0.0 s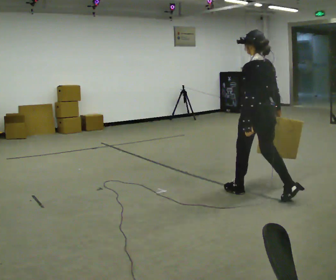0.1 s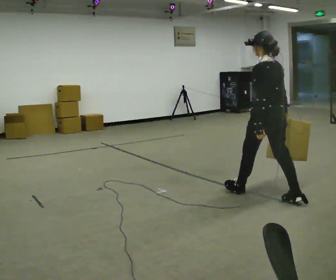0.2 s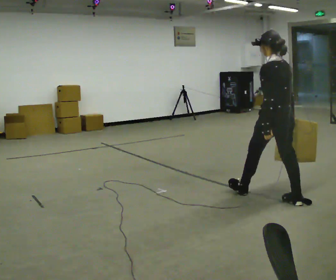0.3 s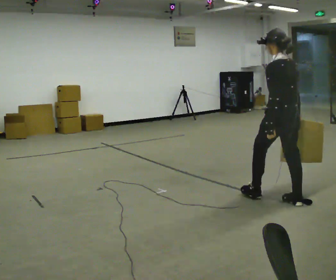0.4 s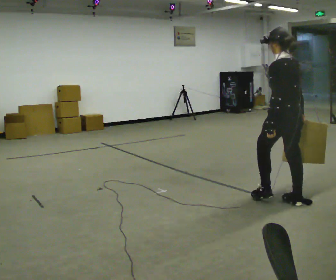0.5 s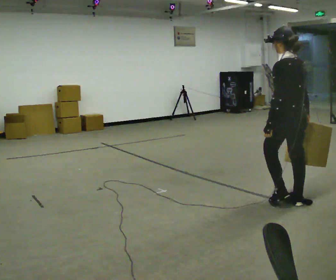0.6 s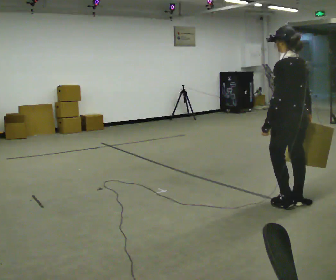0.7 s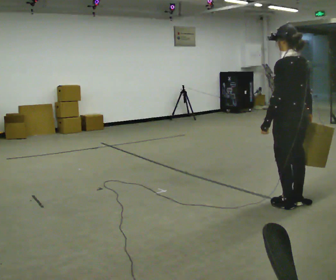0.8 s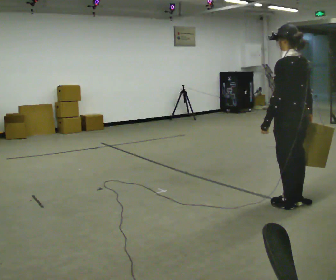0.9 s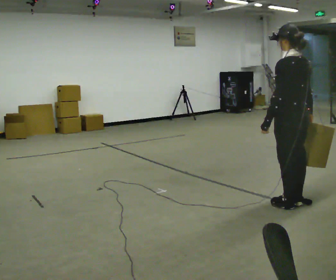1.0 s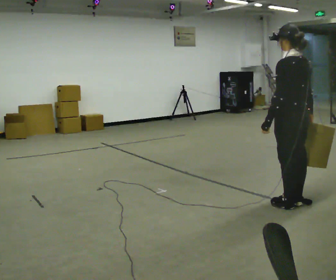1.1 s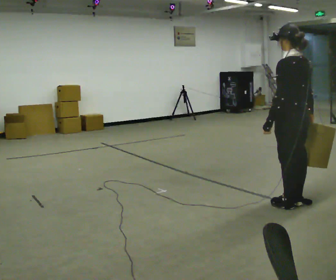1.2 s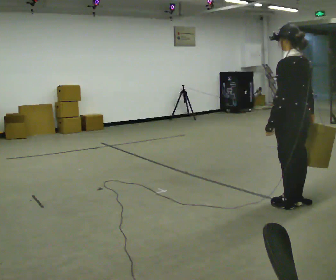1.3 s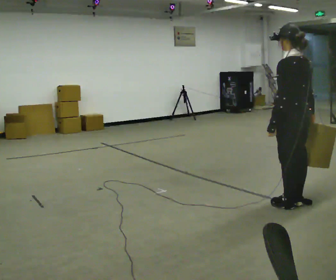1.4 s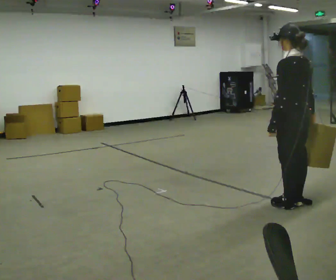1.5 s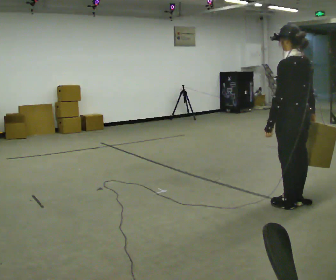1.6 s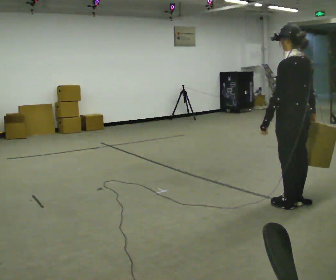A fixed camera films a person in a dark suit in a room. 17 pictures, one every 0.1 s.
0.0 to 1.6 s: In the picture they go to the right and toward the camera, about 0.5 m in 1 step, which for them is backward.
The film runs backward here.
